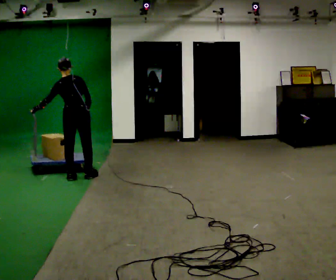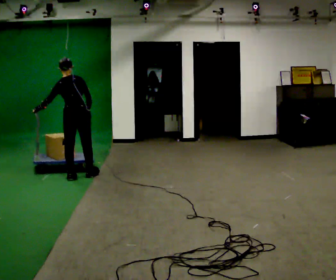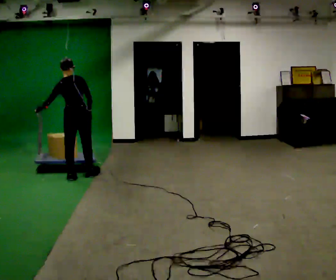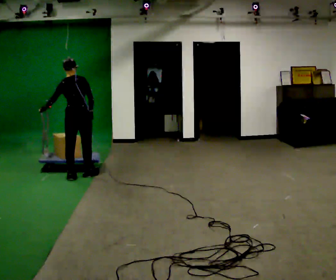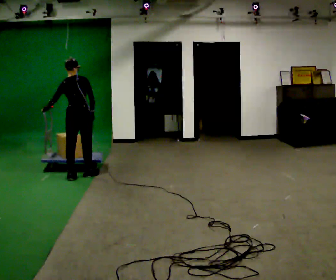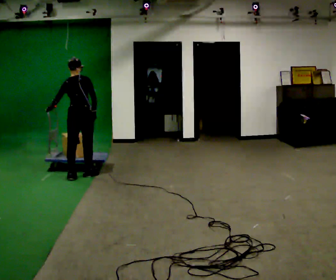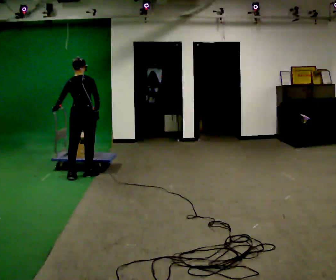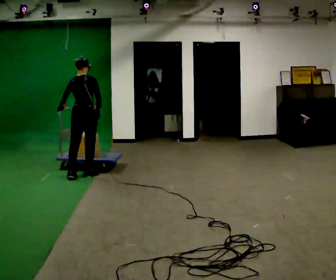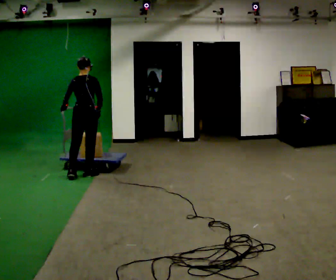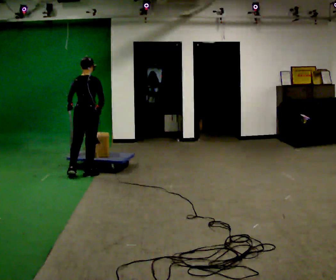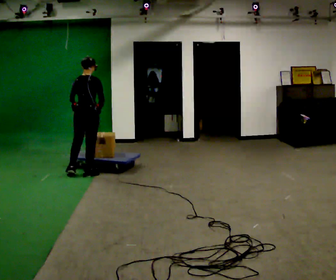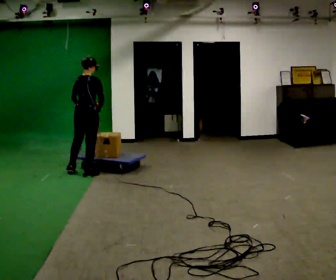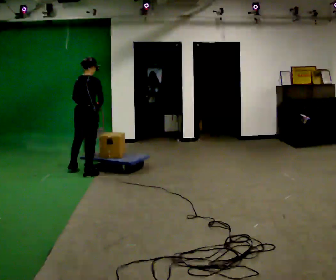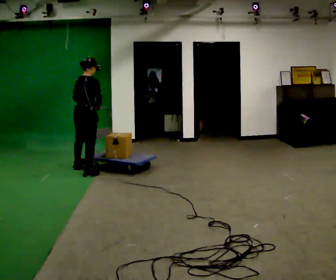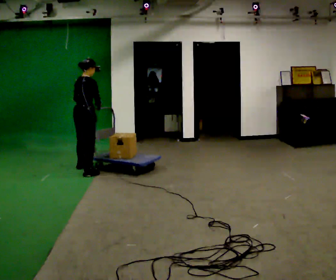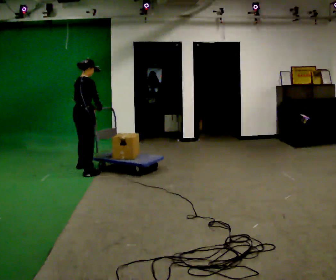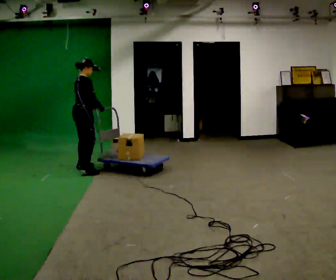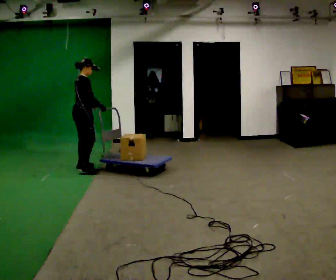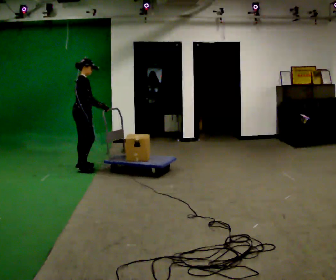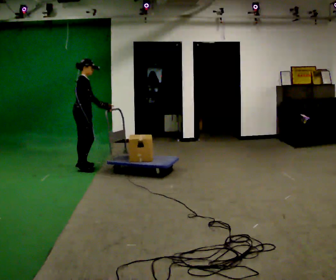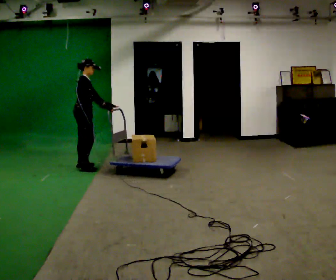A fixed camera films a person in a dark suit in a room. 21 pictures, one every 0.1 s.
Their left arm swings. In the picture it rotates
counterclockwise.
The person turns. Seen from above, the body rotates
clockwise.
0.0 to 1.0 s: In the picture they go away from the camera, about 0.25 m in 1 step, which for them is forward. In the picture the upper body tilts clockwise, shoulders to the right. In the picture their left hand goes to the right.
1.0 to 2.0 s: Seen from above the body turns clockwise, about 75 degrees: to their right, with its near side sliding to the left. In the picture they go away from the camera, about 0.5 m in 1 step.
The film runs forward here.
